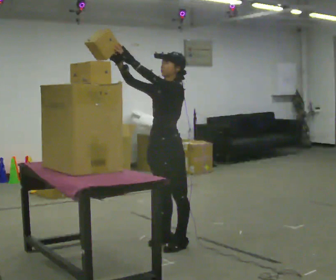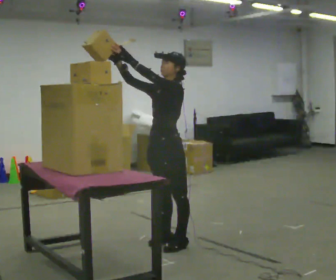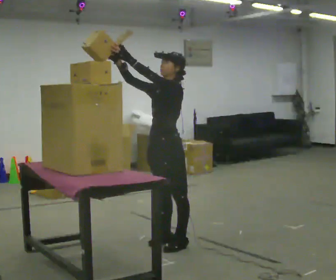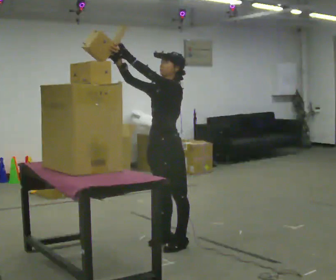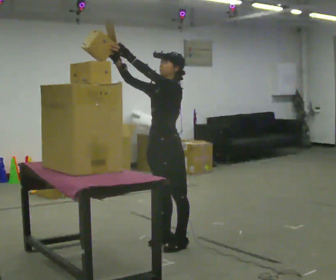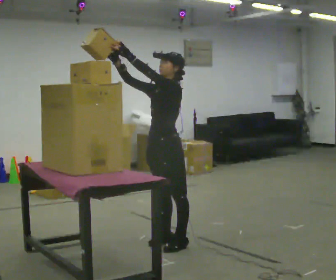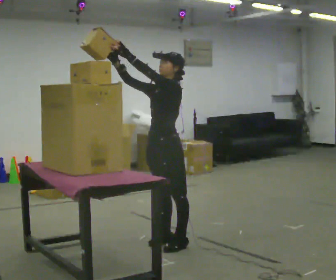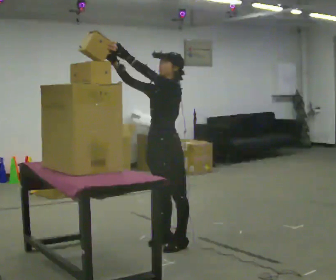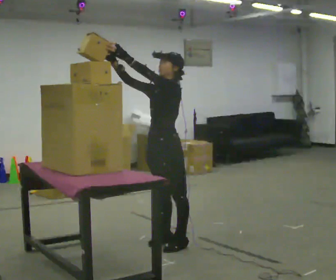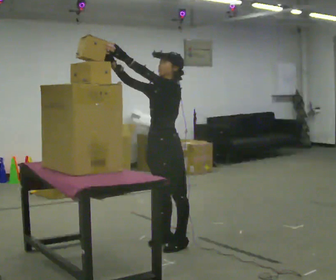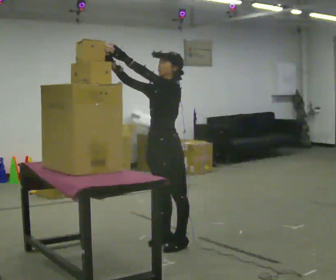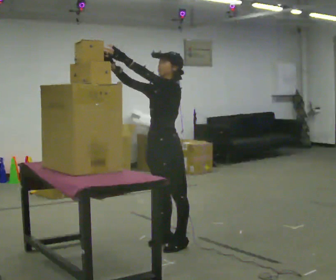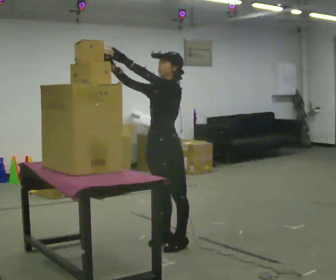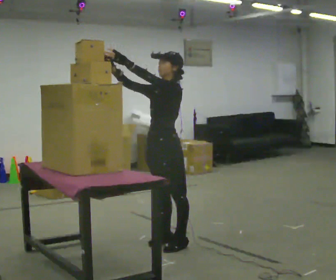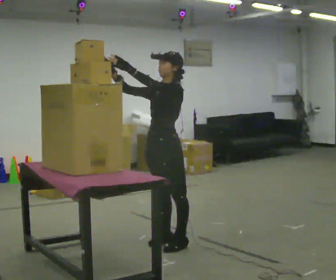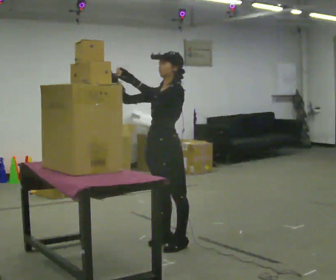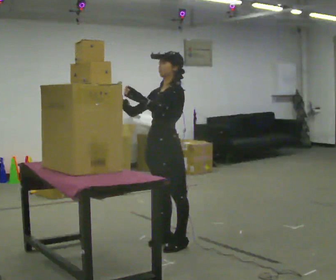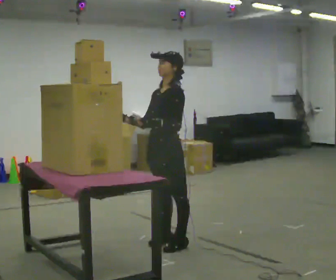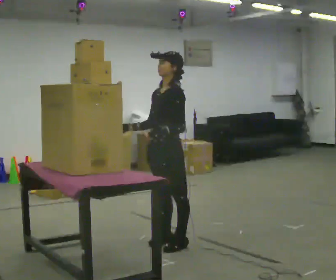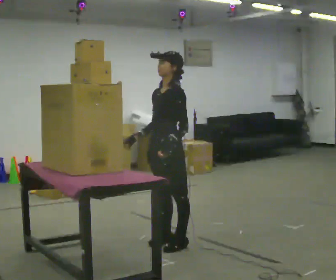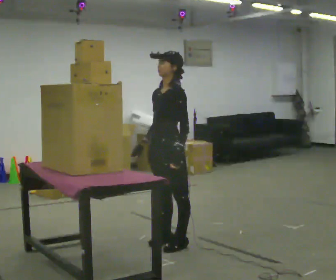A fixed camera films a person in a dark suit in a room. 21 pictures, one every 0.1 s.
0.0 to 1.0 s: The person moves a little, or ends about where they began.
1.0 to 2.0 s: In the picture their left hand goes downward and to the right.
The film runs forward here.
